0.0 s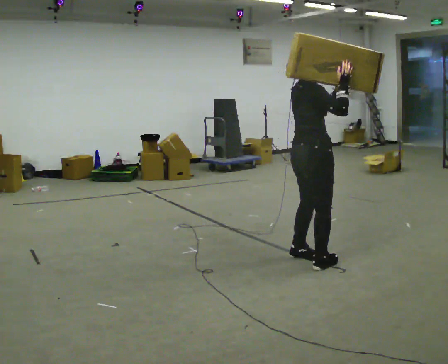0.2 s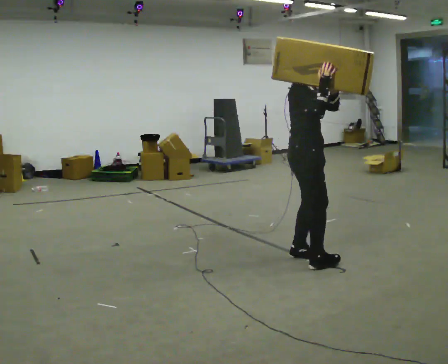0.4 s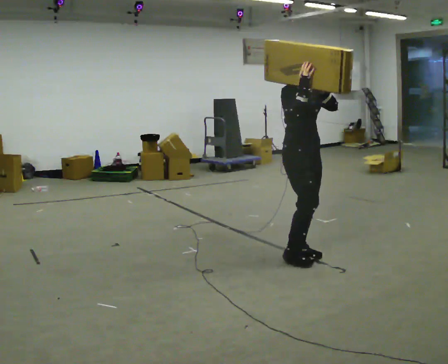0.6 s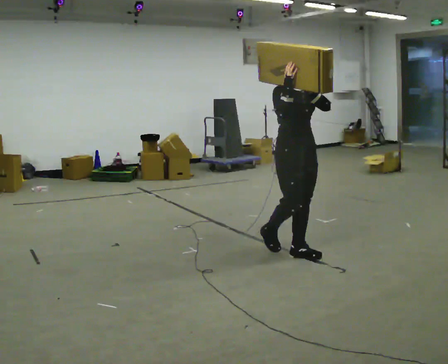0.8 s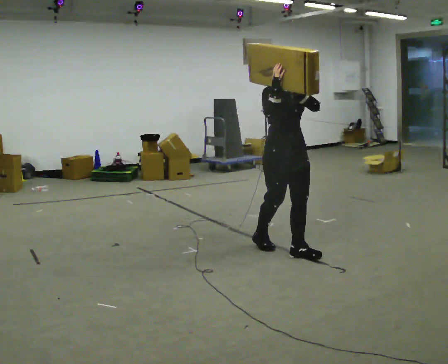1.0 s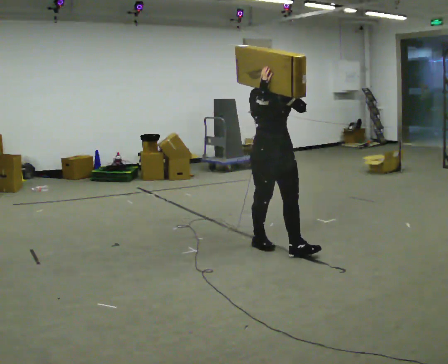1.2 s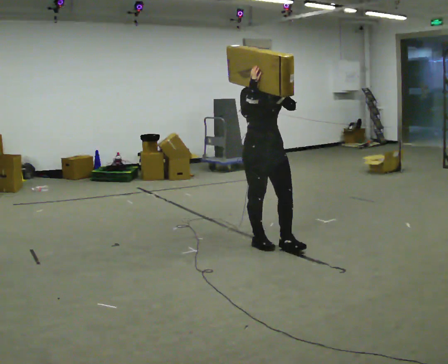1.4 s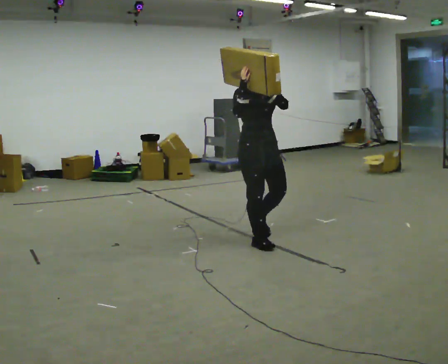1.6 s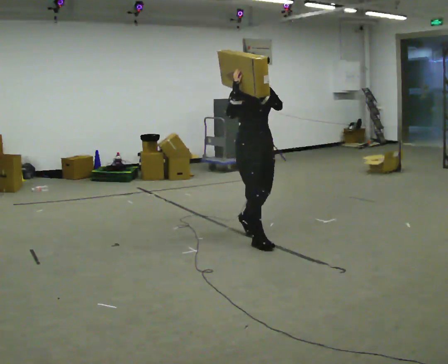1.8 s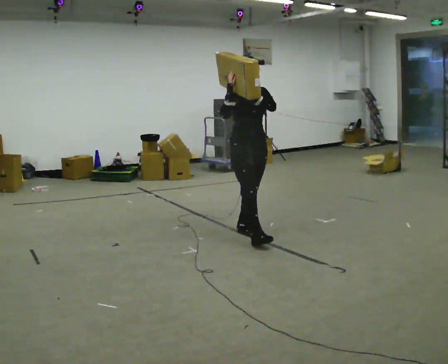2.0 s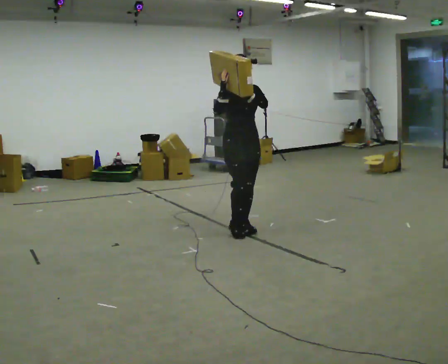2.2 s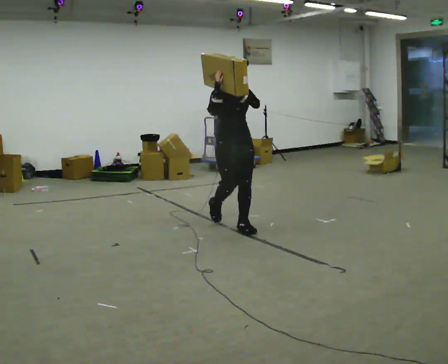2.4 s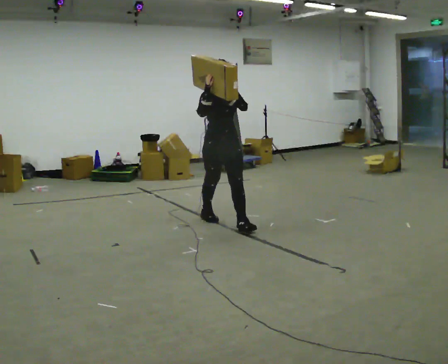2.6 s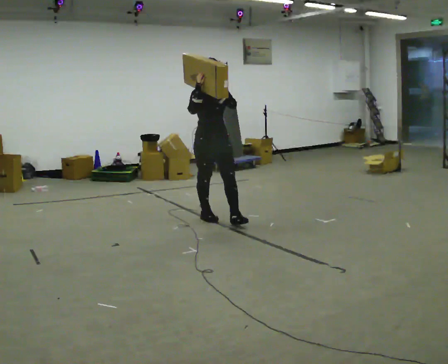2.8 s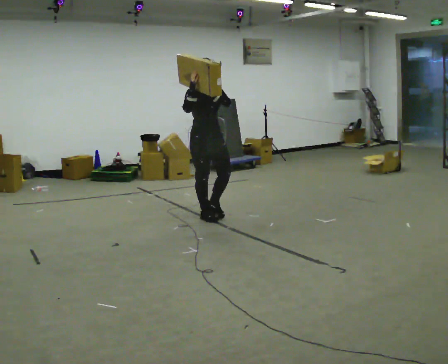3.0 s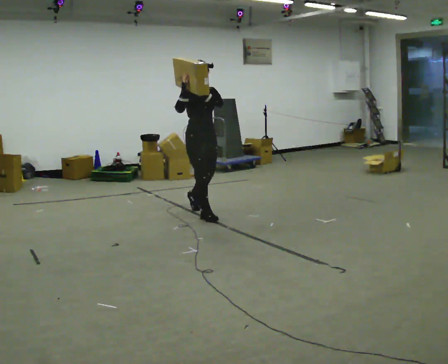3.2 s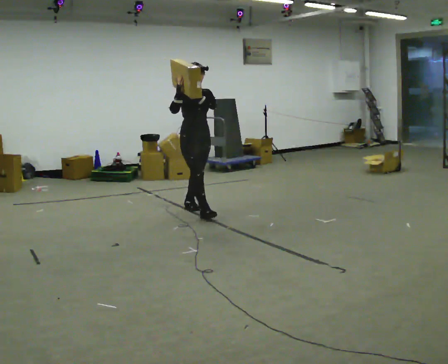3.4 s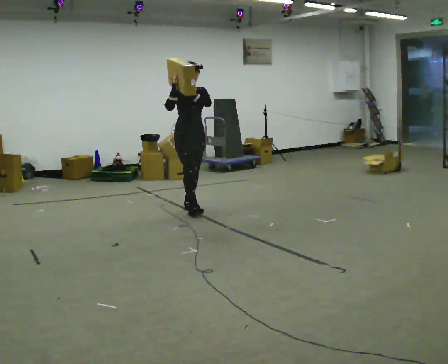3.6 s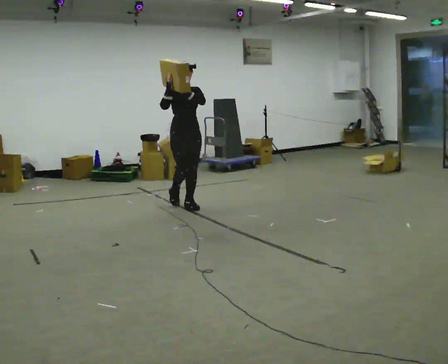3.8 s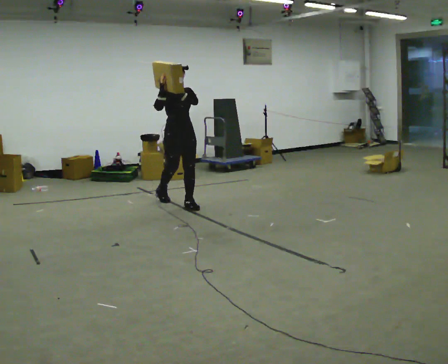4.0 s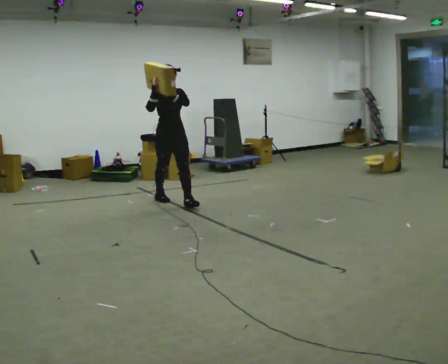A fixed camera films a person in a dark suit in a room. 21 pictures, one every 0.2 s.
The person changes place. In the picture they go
away from the camera.
0.0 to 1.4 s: The part of the body nearest the lens slides to the left as the person turns to their right by about 75 degrees. In the picture they go away from the camera and to the left, about 0.5 m in 2 steps.
1.4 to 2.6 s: In the picture they go away from the camera and to the left, about 1 m in 2 steps, which for them is backward.
2.6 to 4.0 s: In the picture they go away from the camera and to the left, about 1 m in 1 step, which for them is backward.
The film runs backward here.
